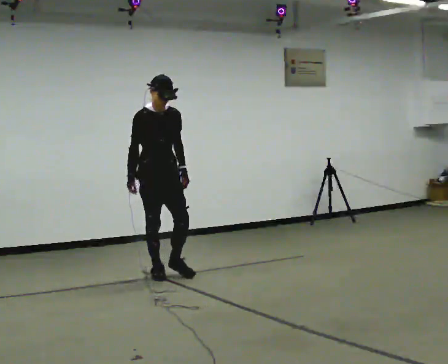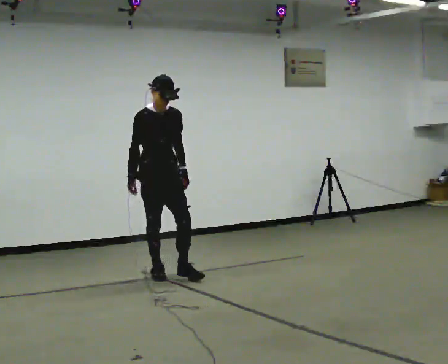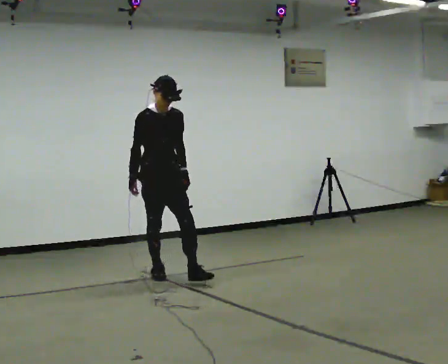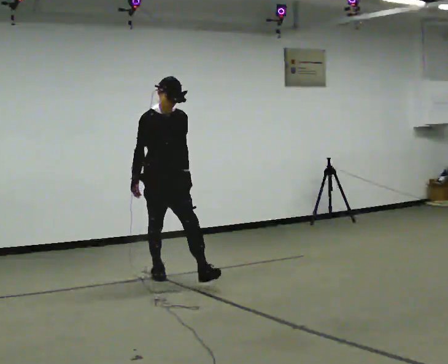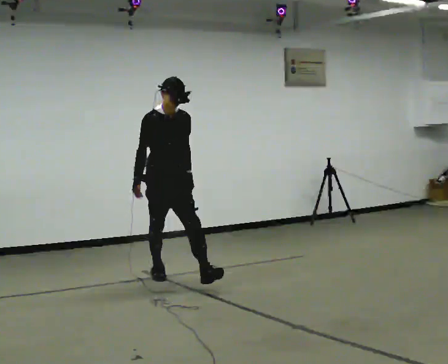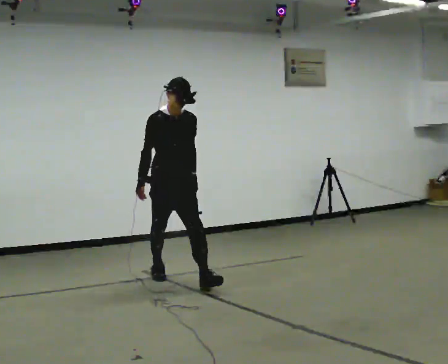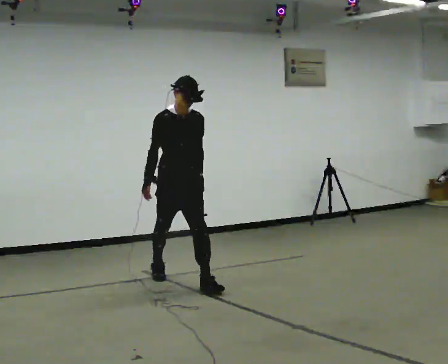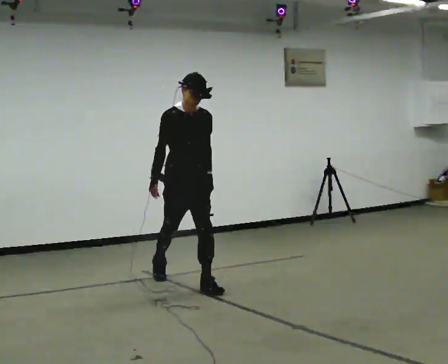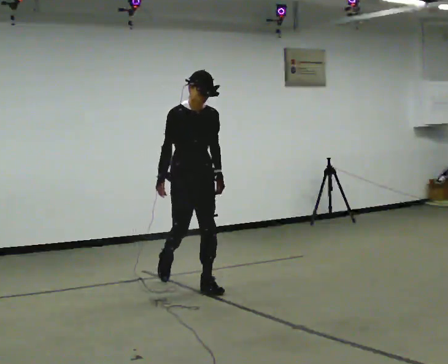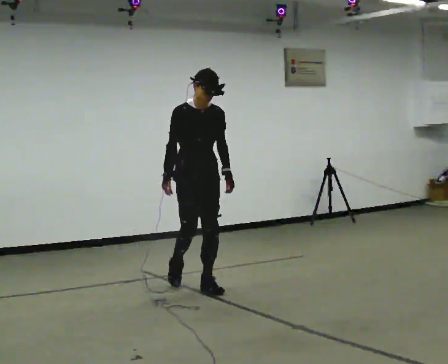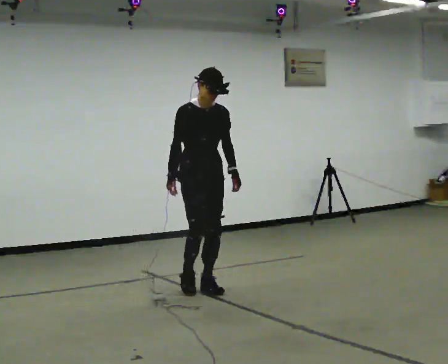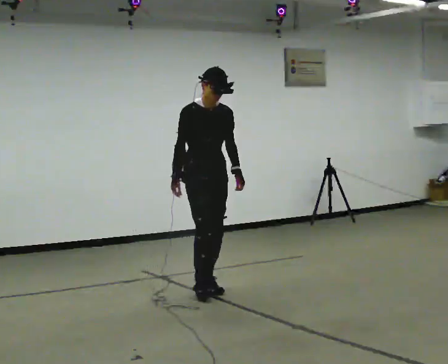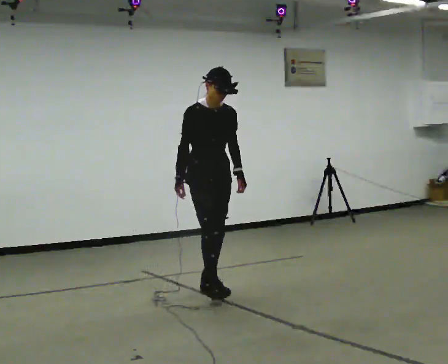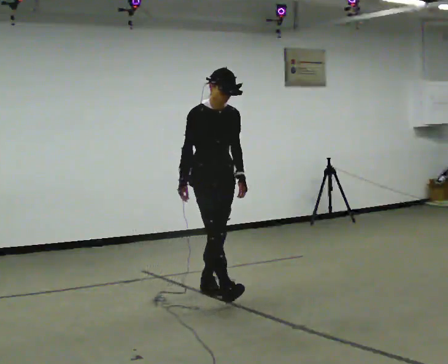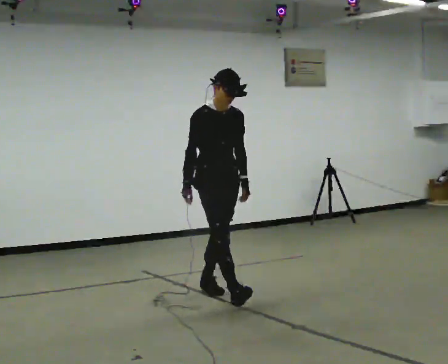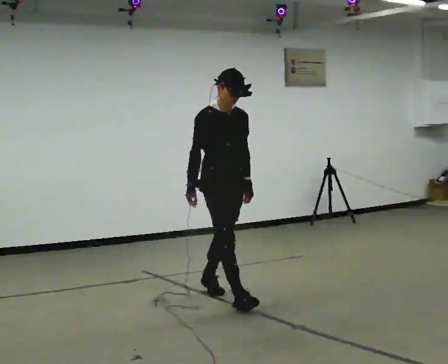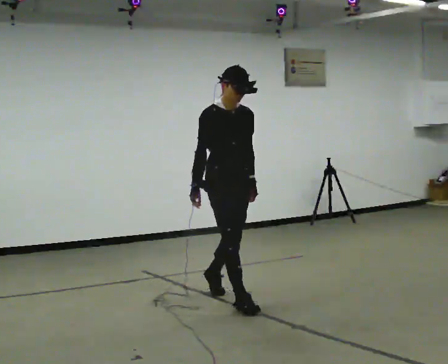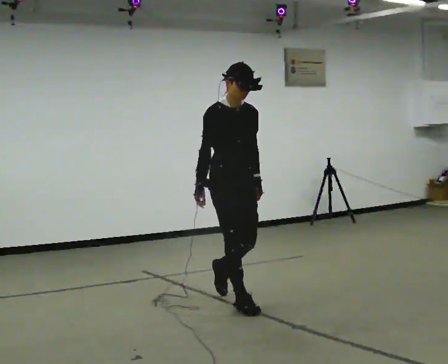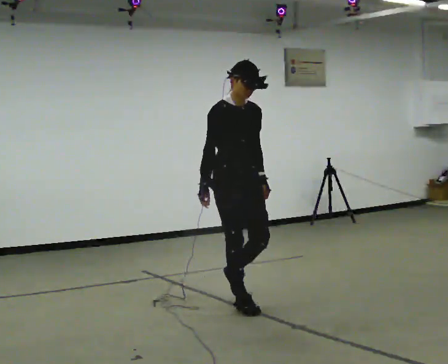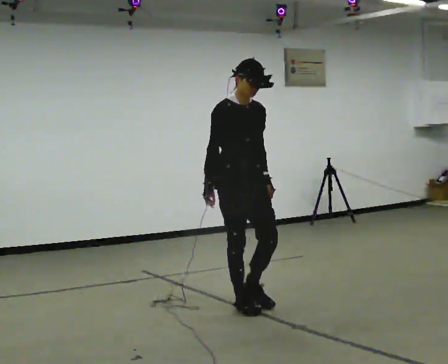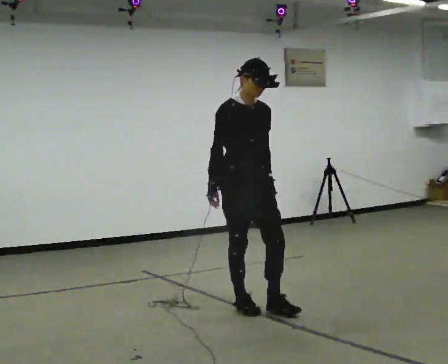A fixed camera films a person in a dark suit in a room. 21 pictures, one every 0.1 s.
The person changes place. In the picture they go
toward the camera.
0.0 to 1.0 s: In the picture they go toward the camera and to the right, about 0.75 m in 1 step, which for them is forward.
1.0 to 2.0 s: In the picture they go toward the camera and to the right, about 1 m in 1 step, which for them is forward.
The film runs forward here.
